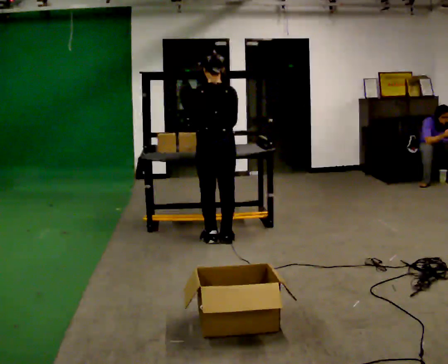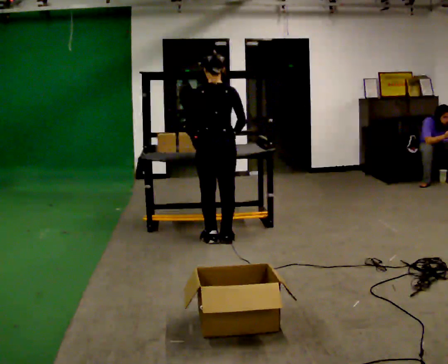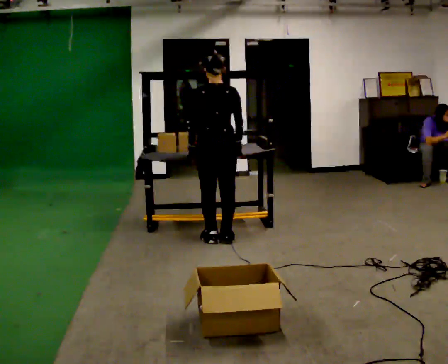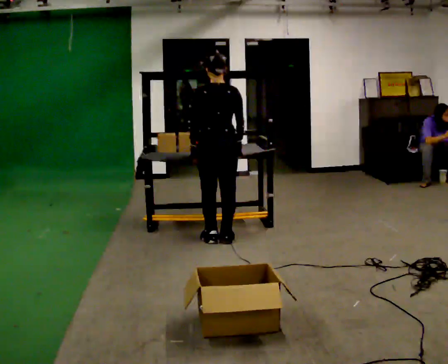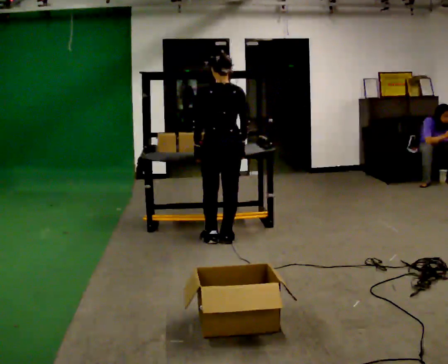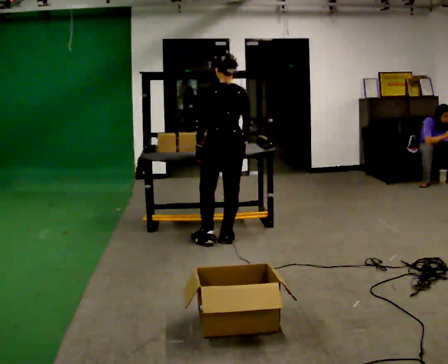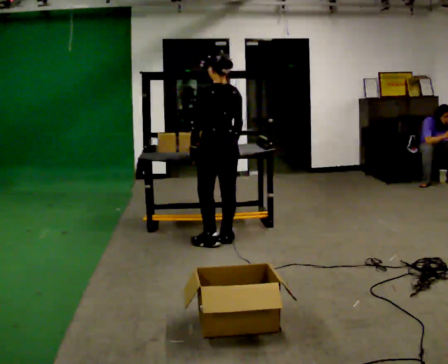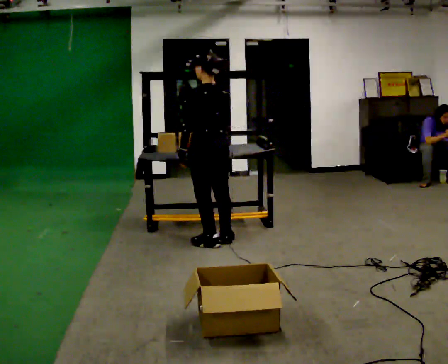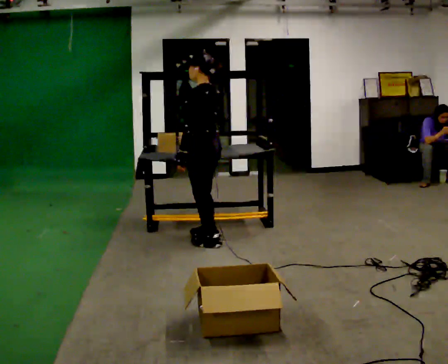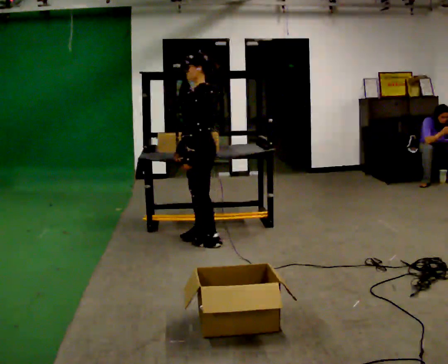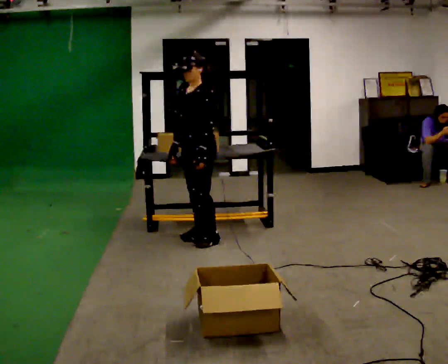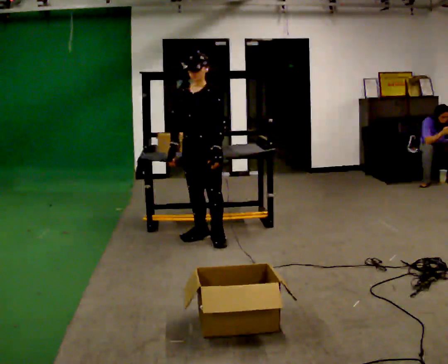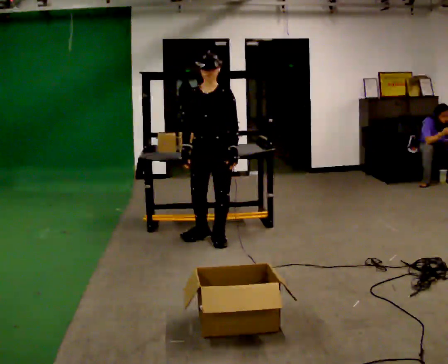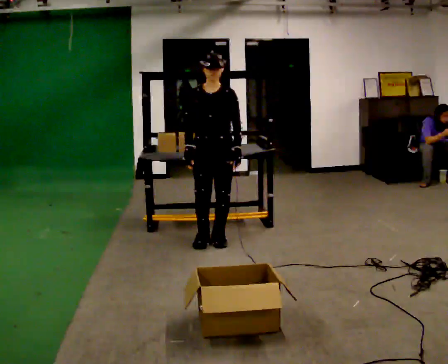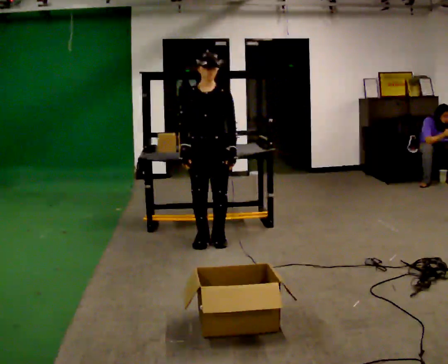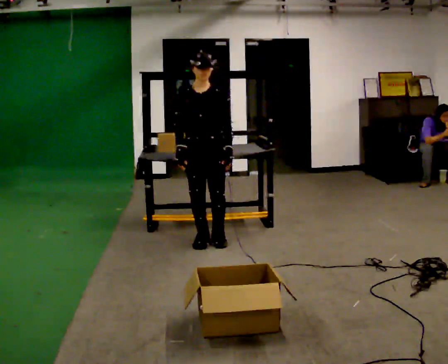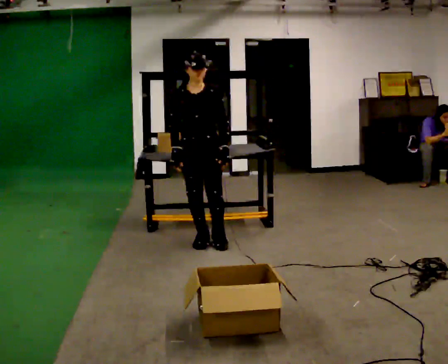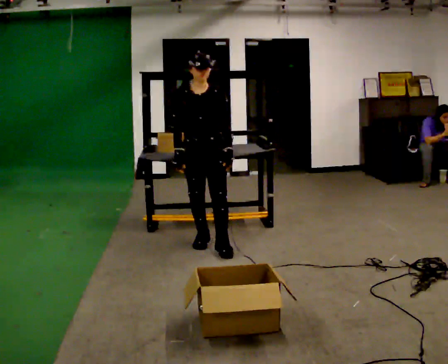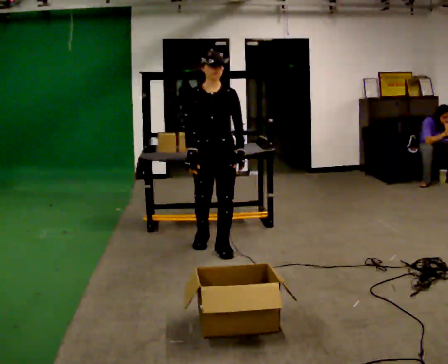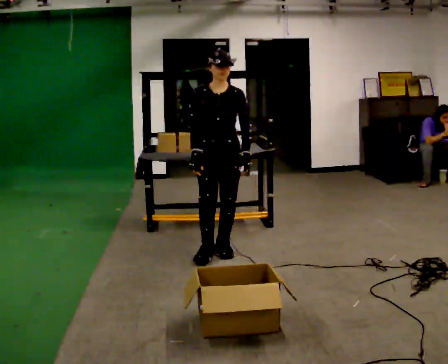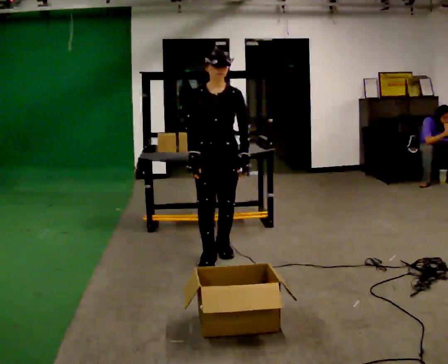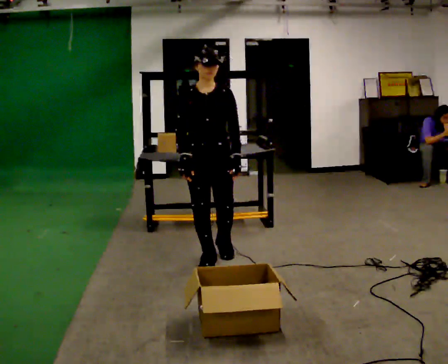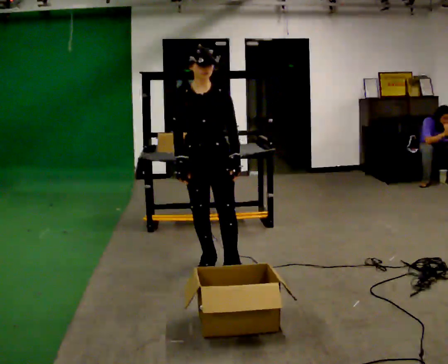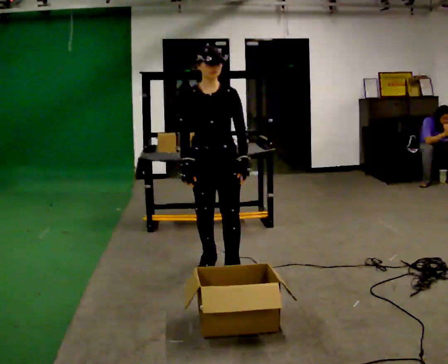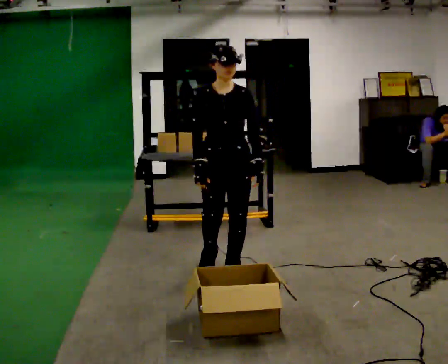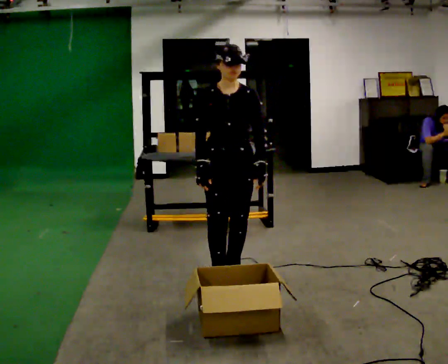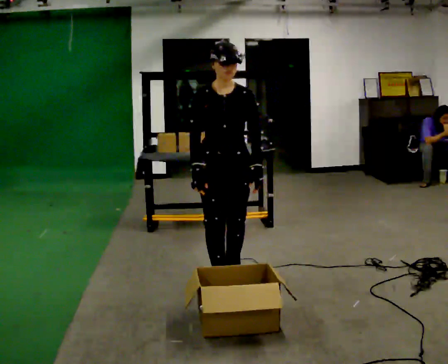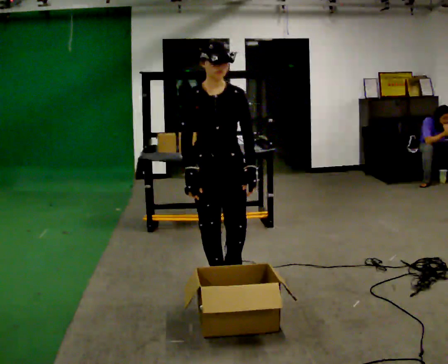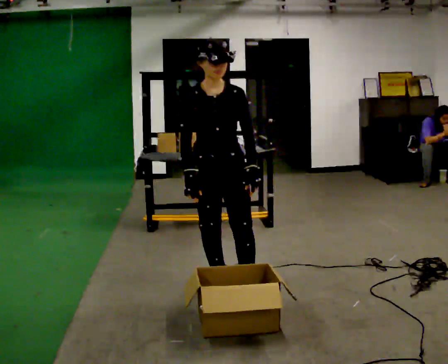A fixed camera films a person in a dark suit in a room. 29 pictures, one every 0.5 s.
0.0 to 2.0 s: The person moves a little, or ends about where they began.
2.0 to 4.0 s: The part of the body nearest the lens slides to the right as the person turns to their left by about 60 degrees. In the picture they go to the left, about 0.25 m, which for them is to their left.
4.0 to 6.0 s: Seen from above the body turns counterclockwise, about 105 degrees: to their left, with its near side sliding to the right.
6.0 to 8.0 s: The person moves a little, or ends about where they began.
8.0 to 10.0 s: In the picture they go toward the camera, about 0.25 m in 2 steps, which for them is forward and to their left.
10.0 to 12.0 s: In the picture they go toward the camera, about 0.5 m in 1 step, which for them is forward.
12.0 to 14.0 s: In the picture they go toward the camera, about 0.25 m in 2 steps, which for them is forward.
The film runs forward here.
